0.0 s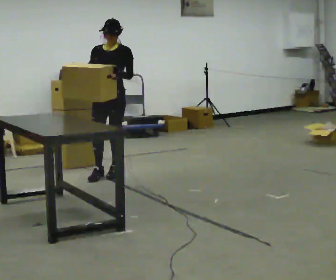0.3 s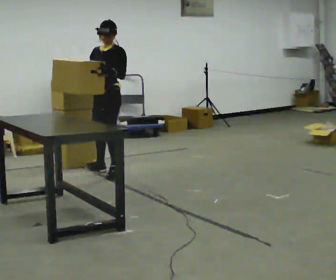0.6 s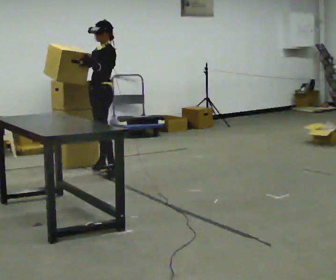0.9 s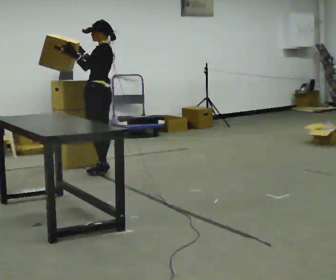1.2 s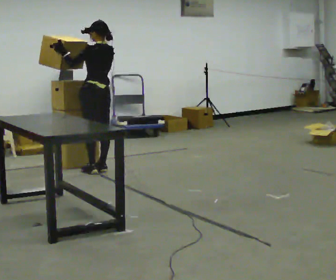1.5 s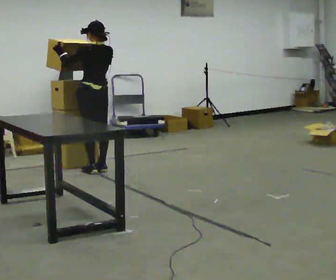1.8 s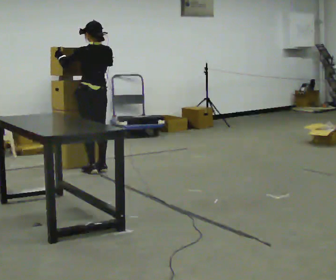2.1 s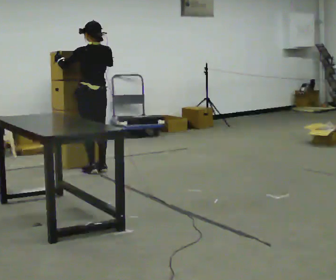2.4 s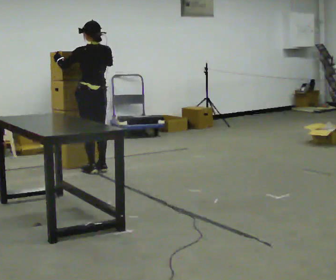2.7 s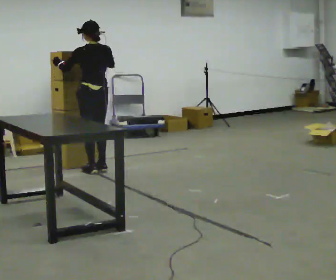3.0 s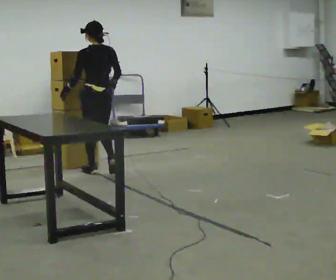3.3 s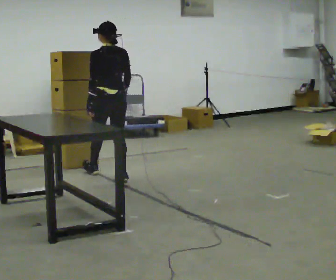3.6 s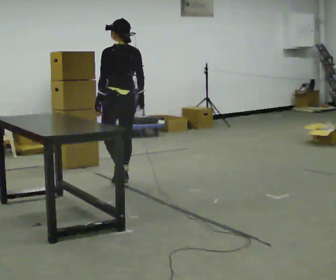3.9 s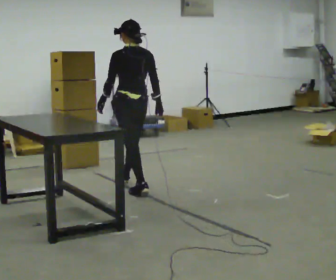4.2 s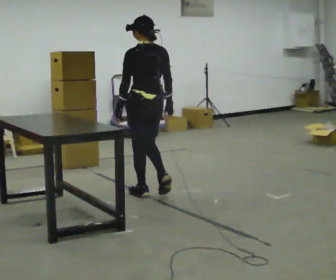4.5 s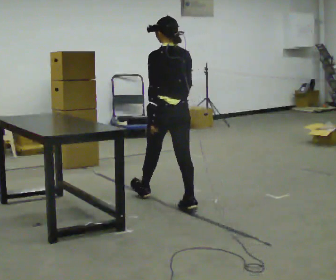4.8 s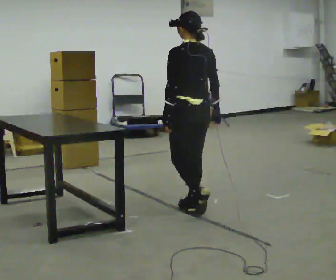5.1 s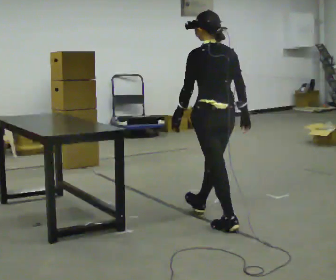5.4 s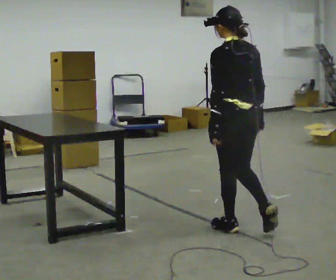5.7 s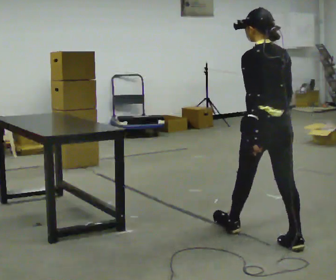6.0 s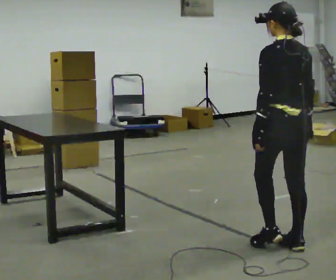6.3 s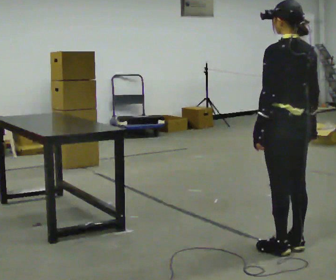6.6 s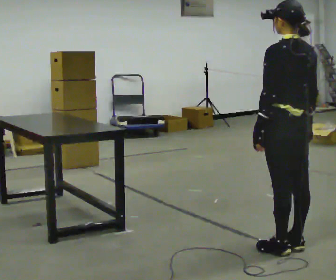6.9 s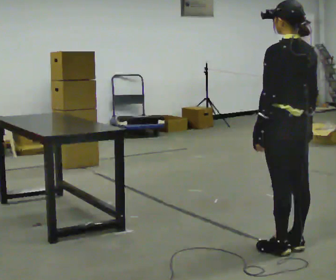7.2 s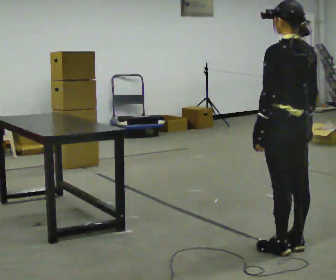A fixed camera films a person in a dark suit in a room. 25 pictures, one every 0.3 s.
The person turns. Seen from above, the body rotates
clockwise.
The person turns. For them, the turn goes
to their right.
0.0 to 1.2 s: The person turns about 120 degrees to their right, clockwise seen from above, so the part of the body nearest the lens slides to the left. In the picture they go away from the camera and to the left, about 0.25 m in 1 step.
1.2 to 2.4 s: The person moves a little, or ends about where they began.
2.4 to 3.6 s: In the picture they go toward the camera and to the right, about 0.5 m in 2 steps, which for them is backward. In the picture their left hand goes downward, the arm swinging counterclockwise.
3.6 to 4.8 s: In the picture they go toward the camera and to the right, about 1 m in 2 steps, which for them is backward.
4.8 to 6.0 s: In the picture they go toward the camera and to the right, about 1 m in 2 steps, which for them is backward.
6.0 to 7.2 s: The person moves a little, or ends about where they began.
The film runs backward here.
